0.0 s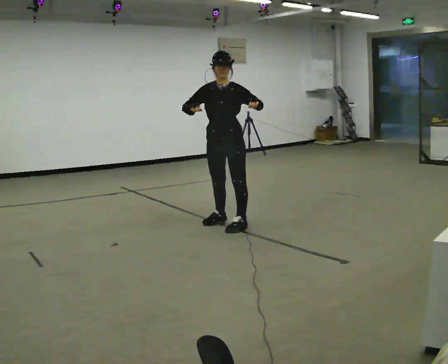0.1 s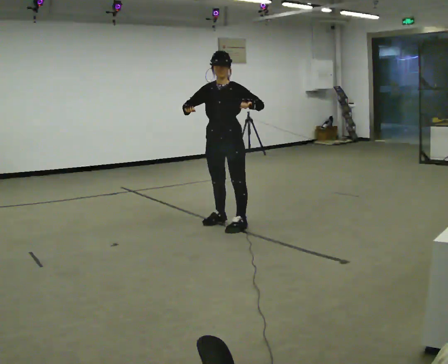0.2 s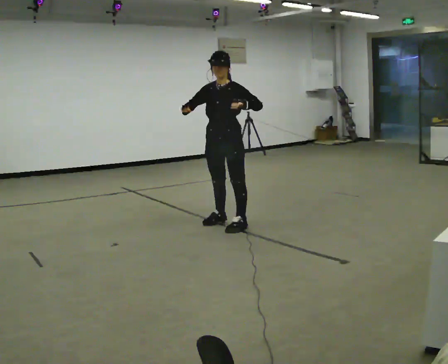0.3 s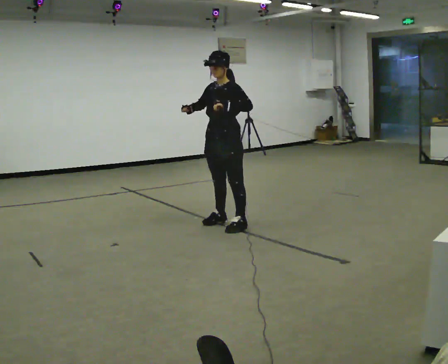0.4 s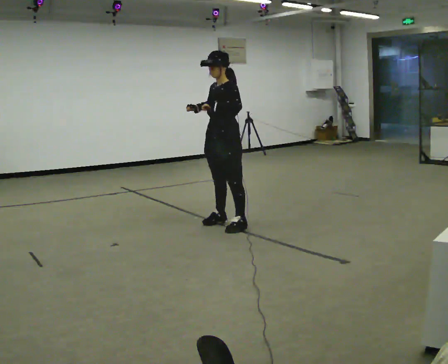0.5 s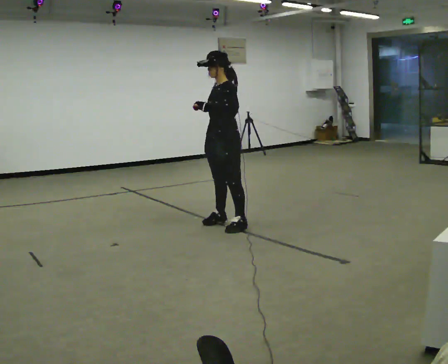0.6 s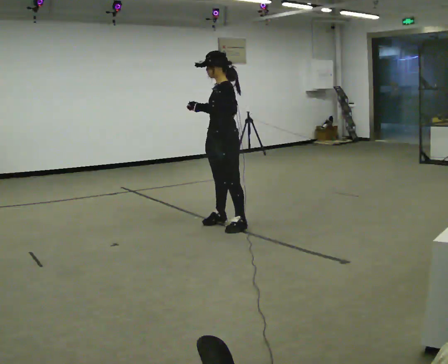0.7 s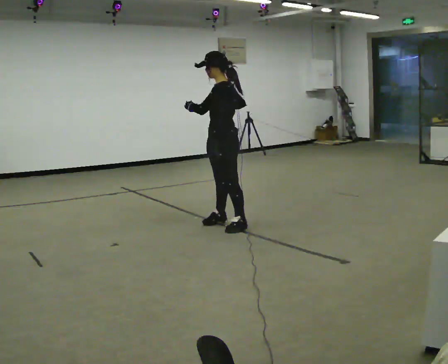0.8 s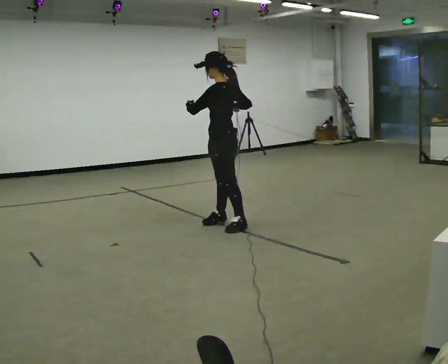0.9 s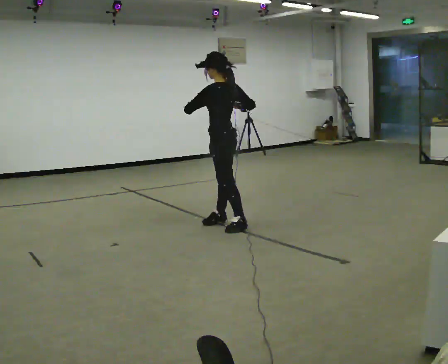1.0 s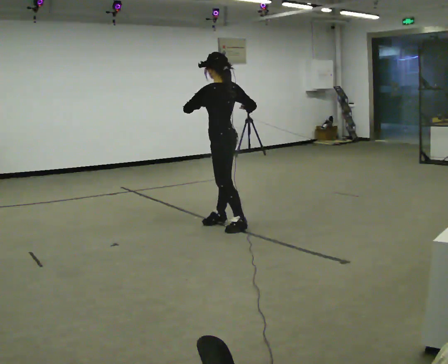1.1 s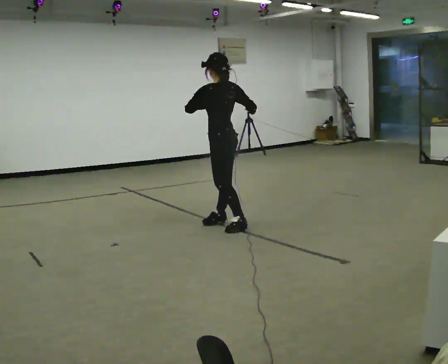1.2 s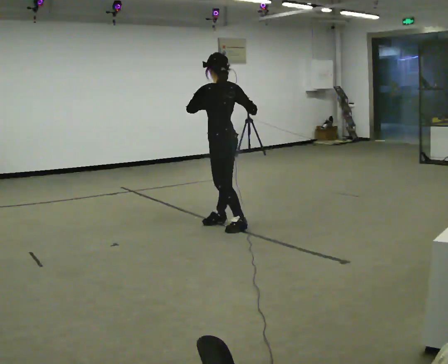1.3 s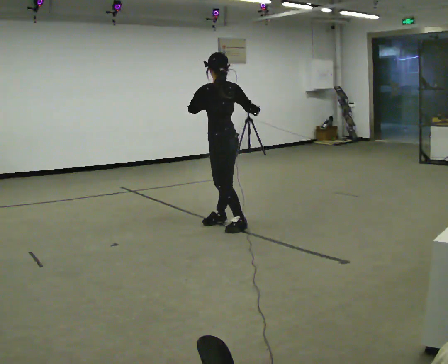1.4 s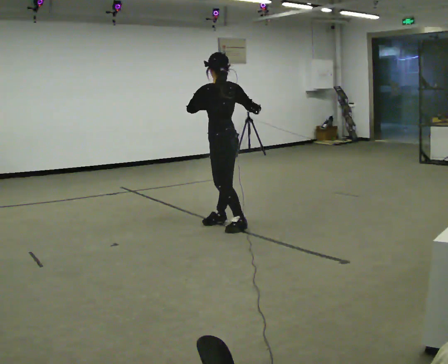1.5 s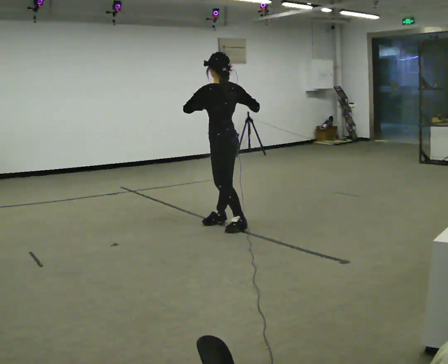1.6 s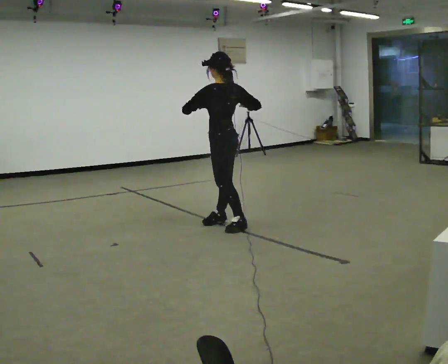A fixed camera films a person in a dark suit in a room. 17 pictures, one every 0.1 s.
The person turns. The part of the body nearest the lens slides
to the left.
The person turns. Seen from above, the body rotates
clockwise.
0.0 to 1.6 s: The person turns about 105 degrees to their right, clockwise seen from above, so the part of the body nearest the lens slides to the left. In the picture their right hand goes to the right.
The film runs backward here.
